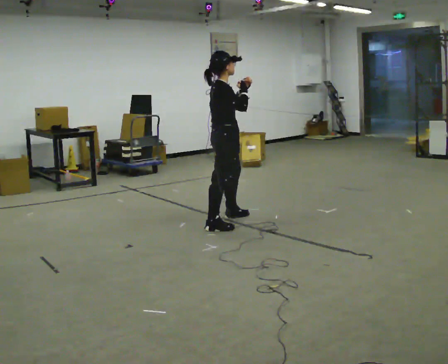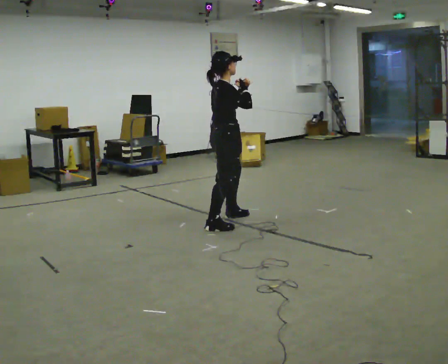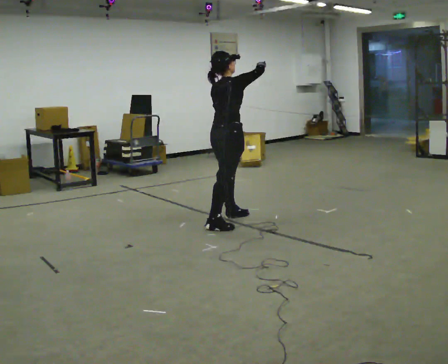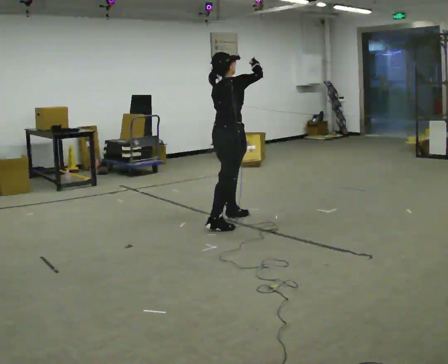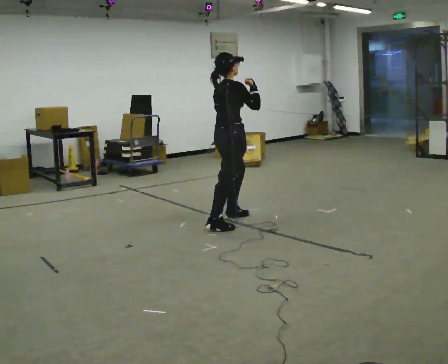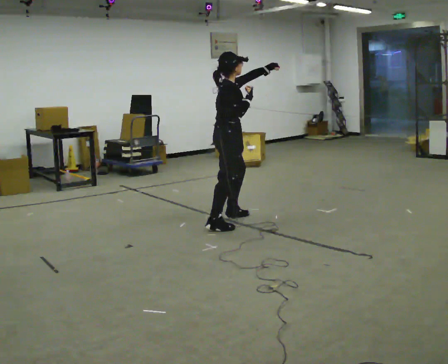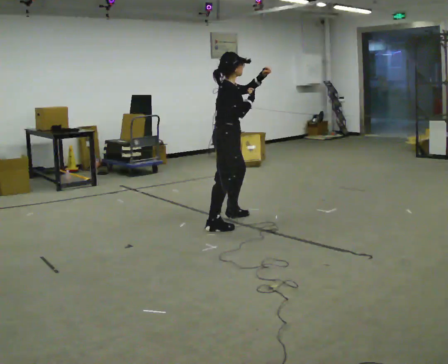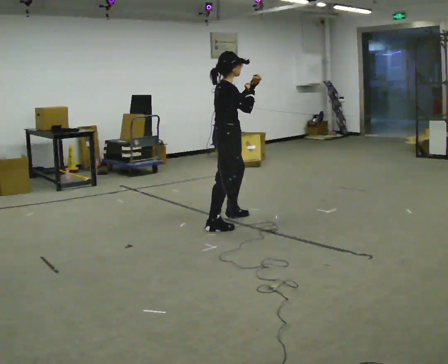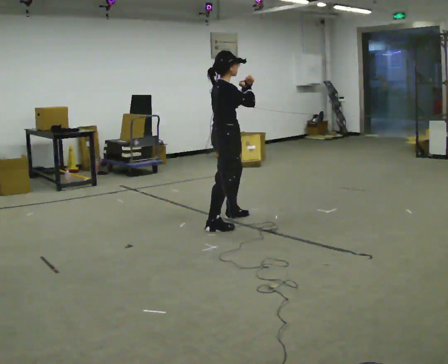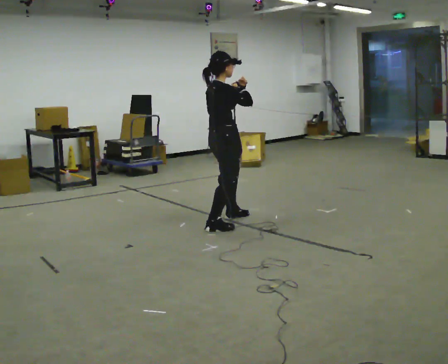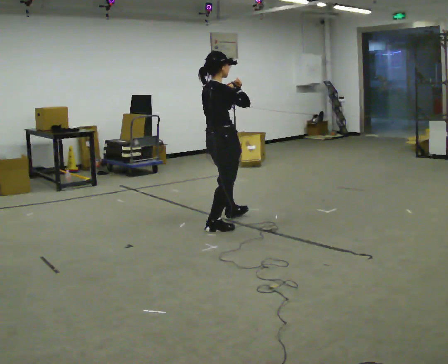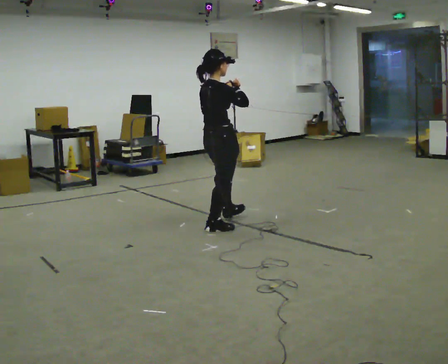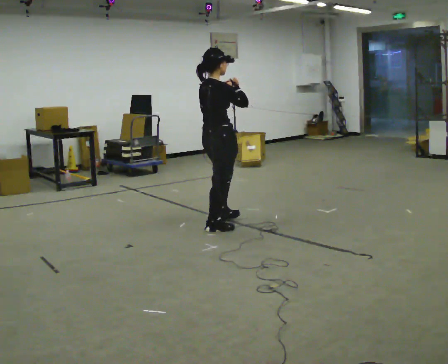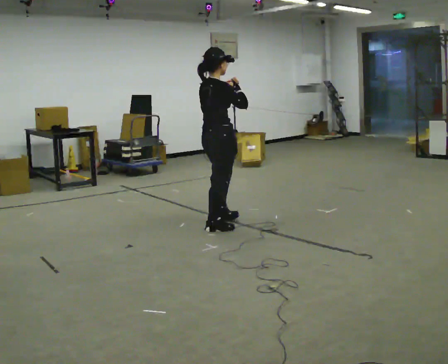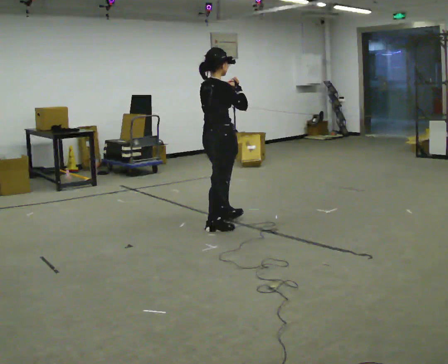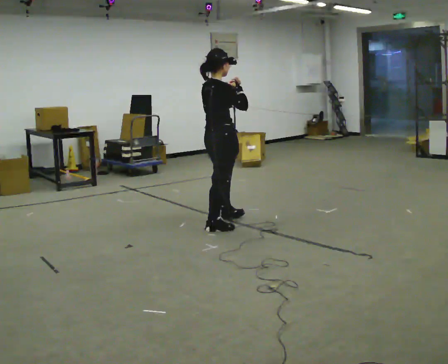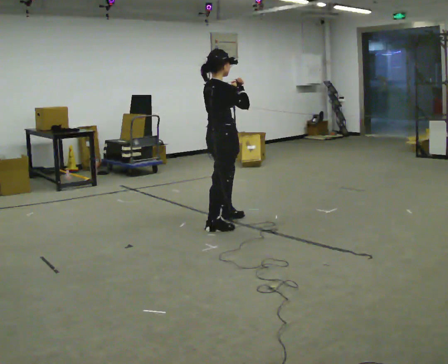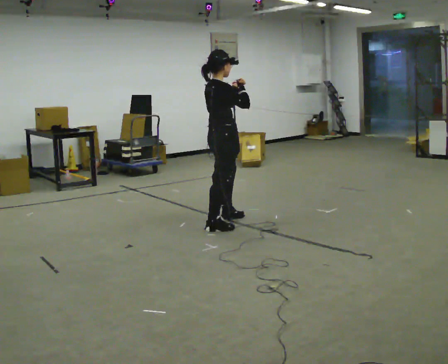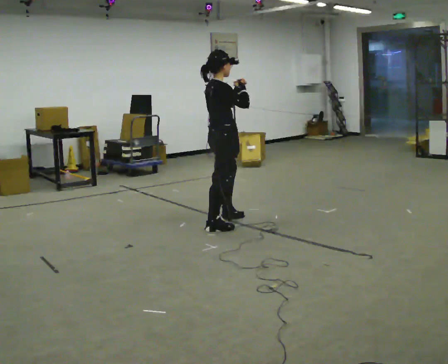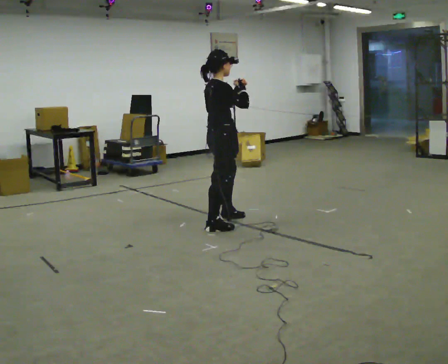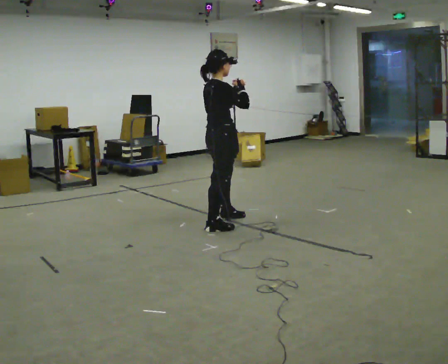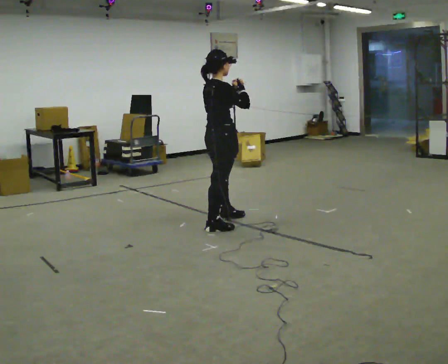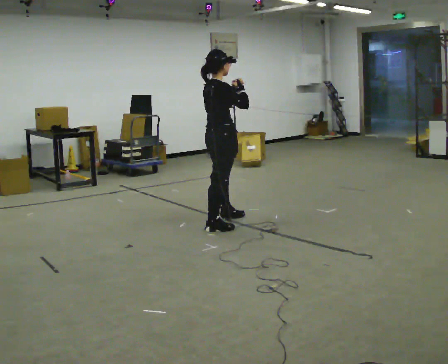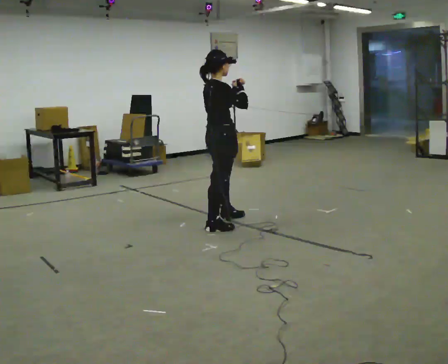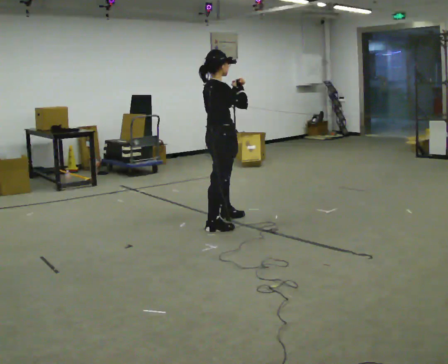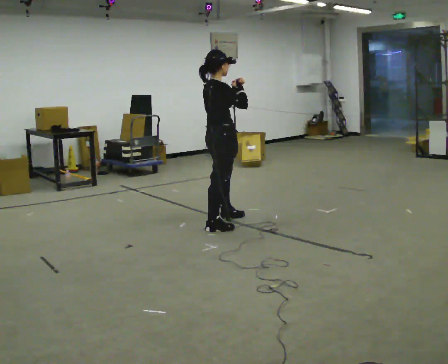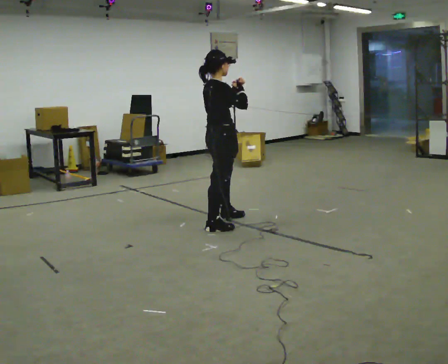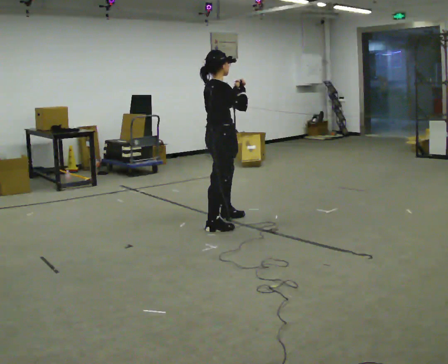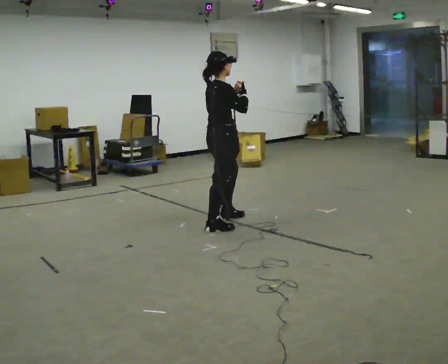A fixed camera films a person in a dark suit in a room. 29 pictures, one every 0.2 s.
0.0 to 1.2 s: The person moves a little, or ends about where they began.
1.2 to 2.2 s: In the picture they go toward the camera, about 0.25 m, which for them is to their right and backward.
2.2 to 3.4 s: In the picture they go away from the camera, about 0.25 m, which for them is to their left.
3.4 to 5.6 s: The person moves a little, or ends about where they began.
The film runs forward here.
